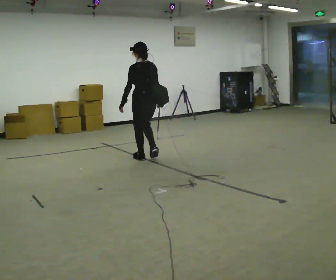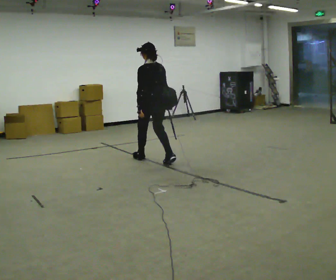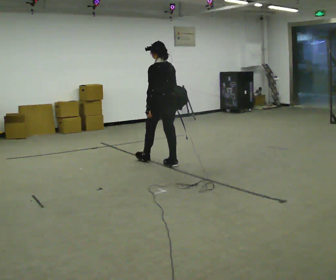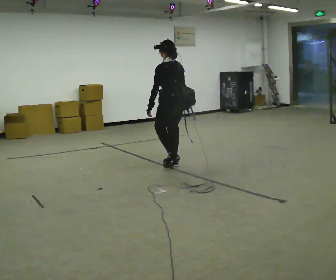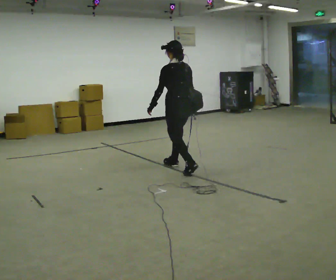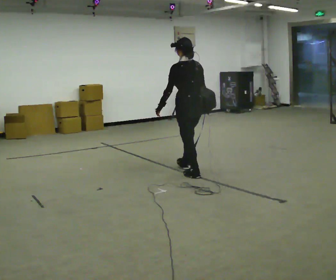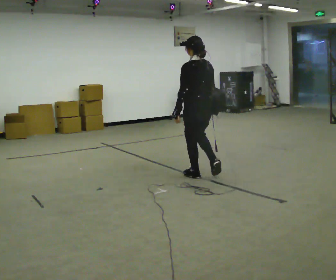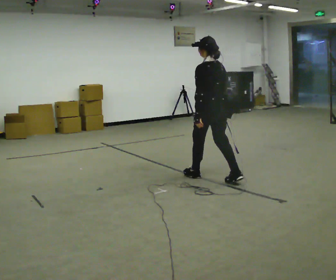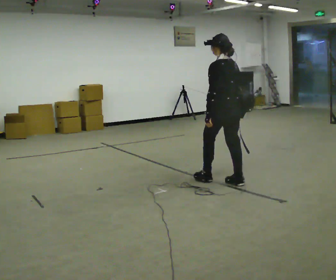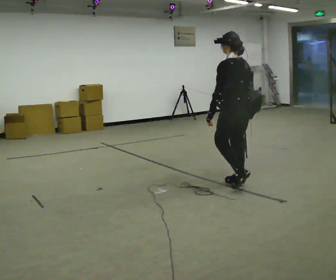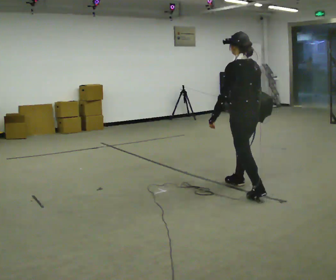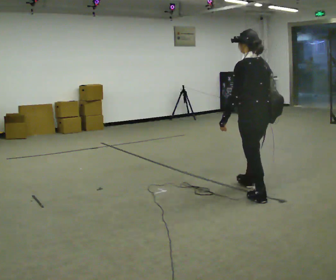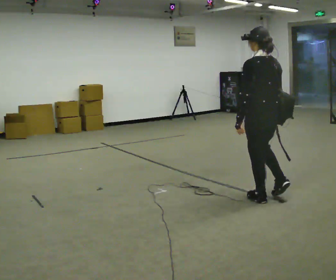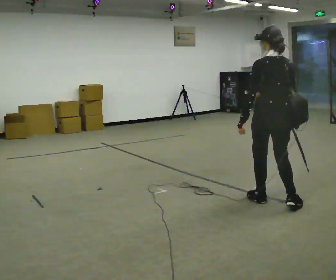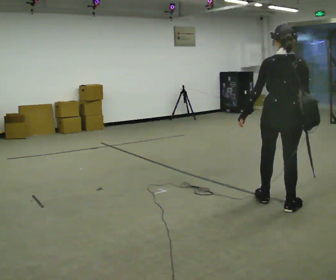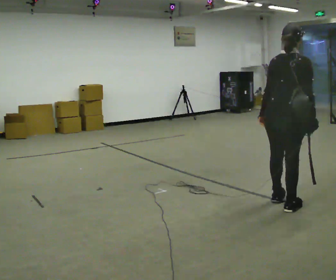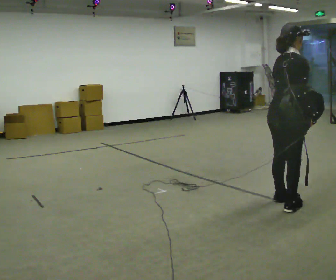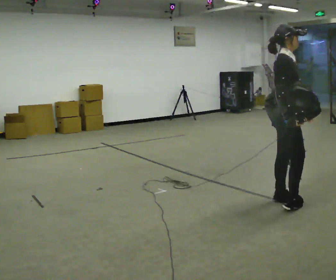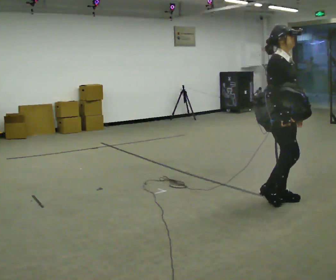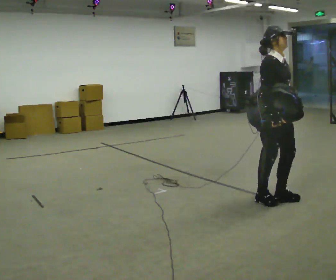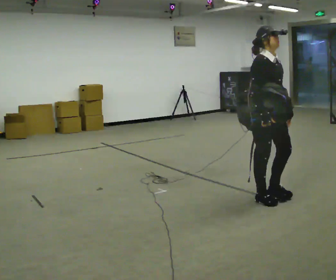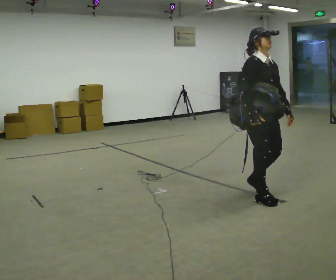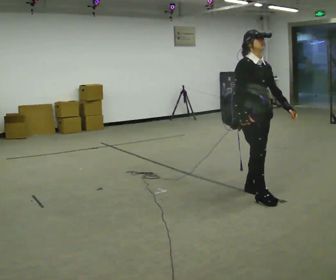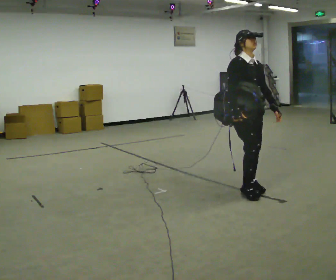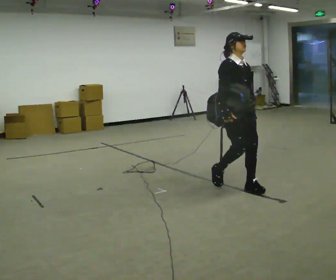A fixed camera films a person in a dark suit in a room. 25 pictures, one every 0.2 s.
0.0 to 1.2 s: In the picture they go to the right and toward the camera, about 1 m in 2 steps, which for them is backward.
1.2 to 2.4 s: In the picture they go toward the camera and to the right, about 1 m in 2 steps, which for them is backward.
2.4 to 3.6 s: The person turns about 150 degrees to their right, clockwise seen from above, so the part of the body nearest the lens slides to the left. In the picture they go to the right, about 0.25 m in 1 step. In the picture their left hand goes to the right.
3.6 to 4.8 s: In the picture they go to the left and away from the camera, about 0.5 m in 2 steps, which for them is backward.
The film runs backward here.
